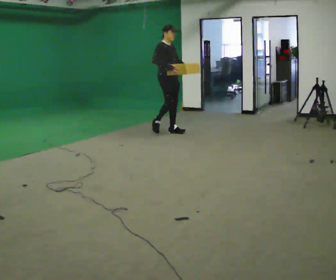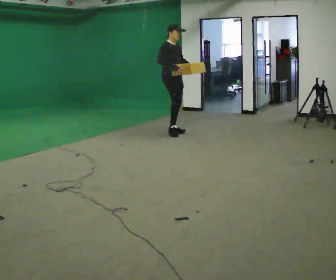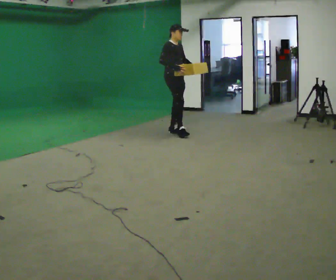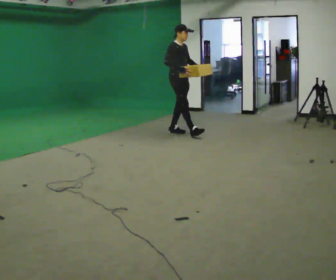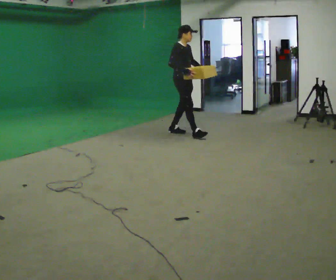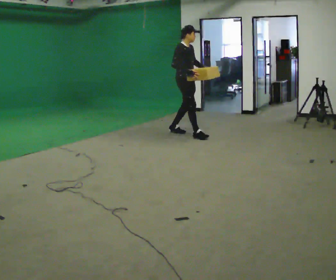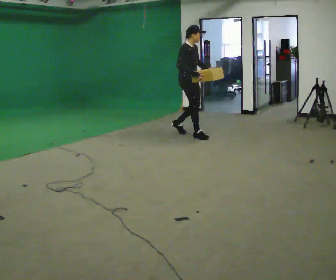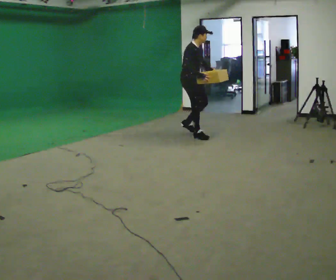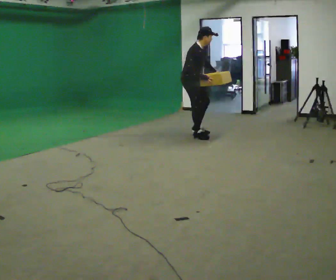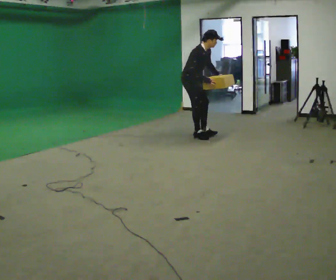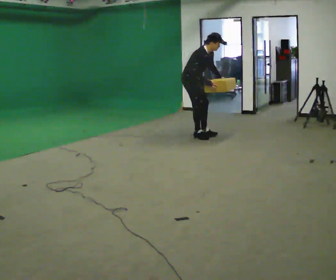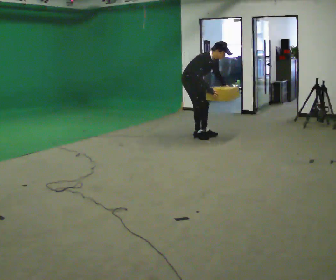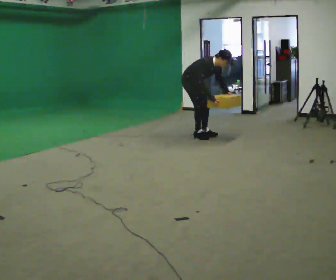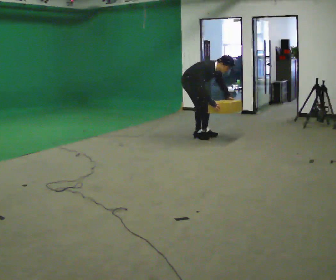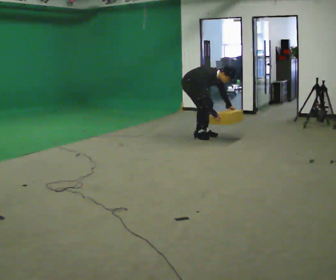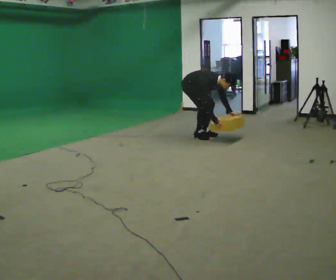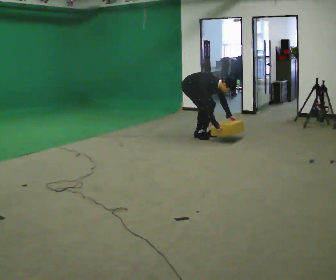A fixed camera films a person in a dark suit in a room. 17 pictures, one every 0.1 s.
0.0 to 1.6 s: In the picture they go to the right and toward the camera, about 0.5 m in 2 steps, which for them is forward. The shoulders move downward. In the picture the upper body tilts clockwise, shoulders to the right, as they bend forward. In the picture their right hand goes downward.
The film runs forward here.
